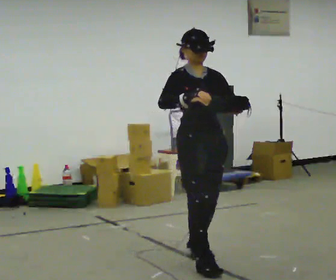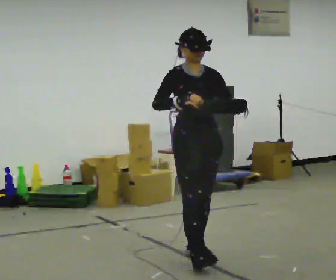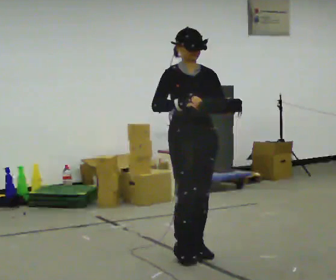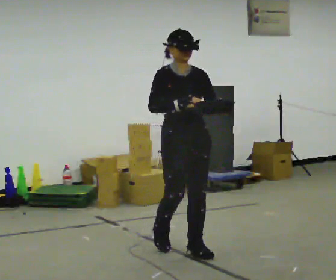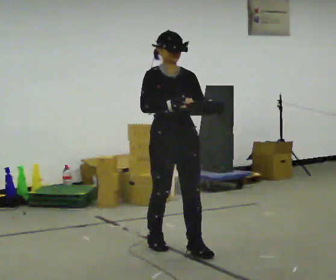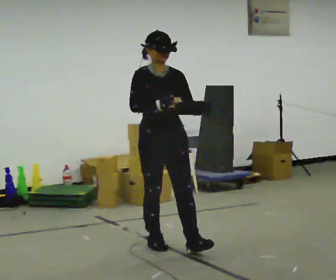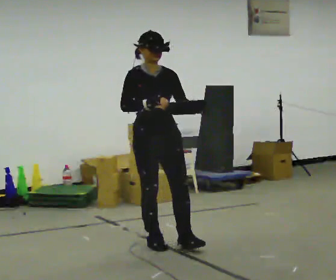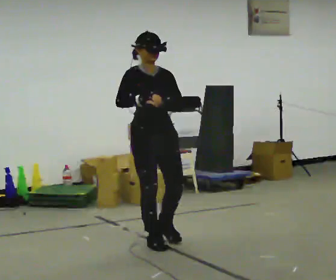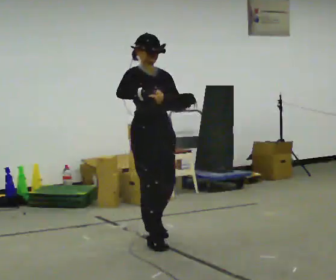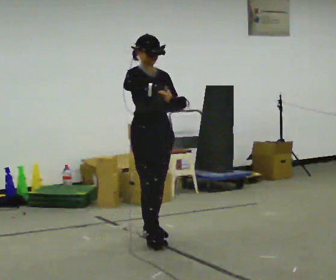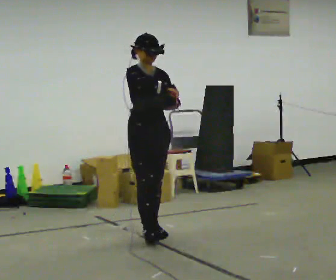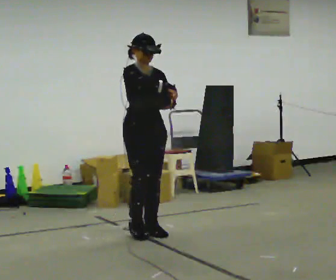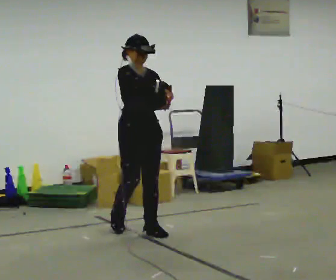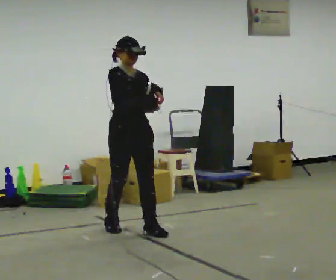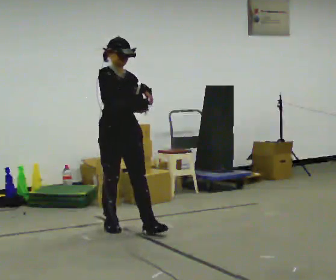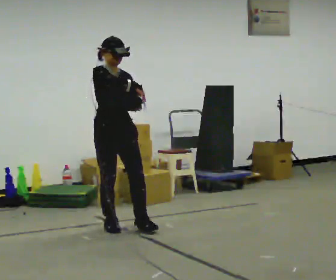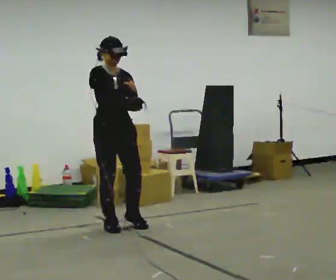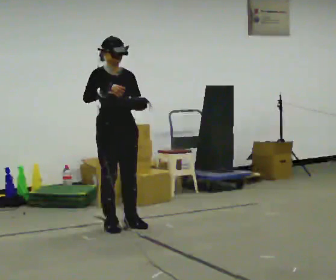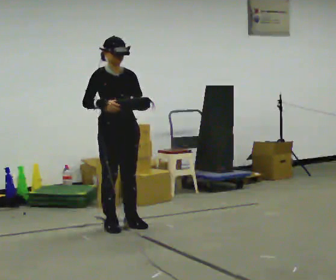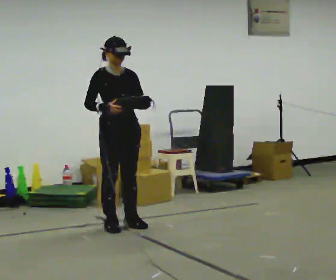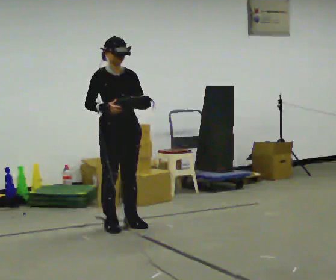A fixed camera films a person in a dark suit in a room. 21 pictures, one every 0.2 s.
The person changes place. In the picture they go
away from the camera.
0.0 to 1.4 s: In the picture they go away from the camera and to the left, about 0.75 m in 2 steps, which for them is backward.
1.4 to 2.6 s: In the picture they go away from the camera and to the left, about 0.5 m in 1 step, which for them is backward.
2.6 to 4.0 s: In the picture they go away from the camera, about 0.25 m in 1 step, which for them is backward. In the picture their right hand goes to the left.
The film runs backward here.
